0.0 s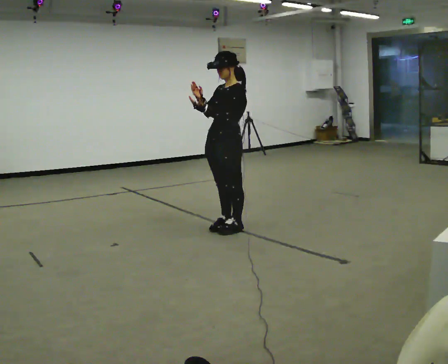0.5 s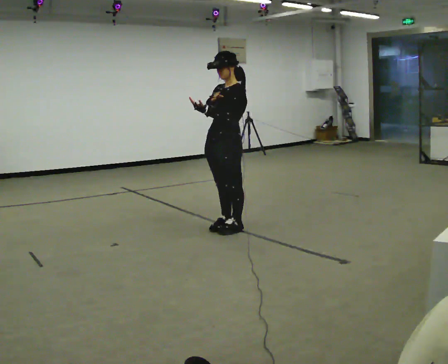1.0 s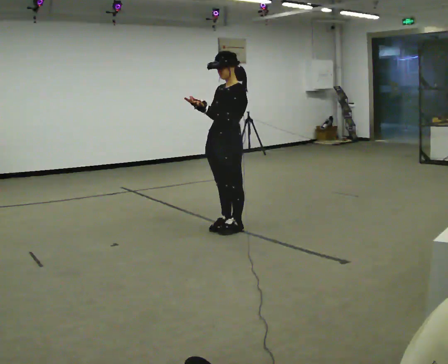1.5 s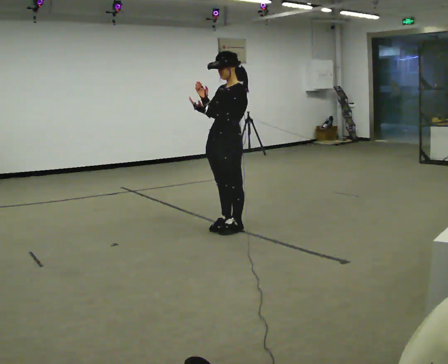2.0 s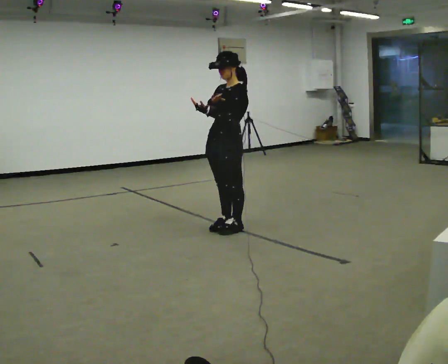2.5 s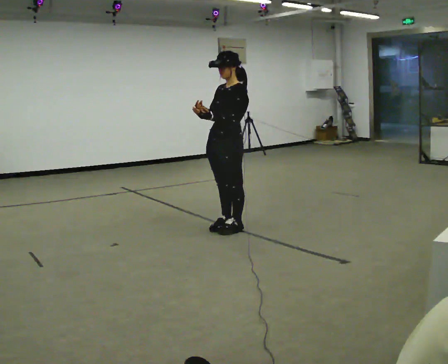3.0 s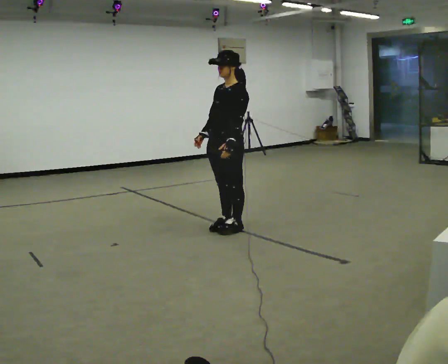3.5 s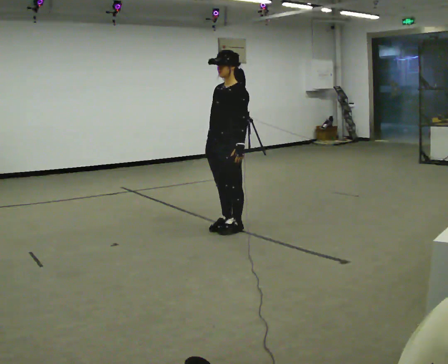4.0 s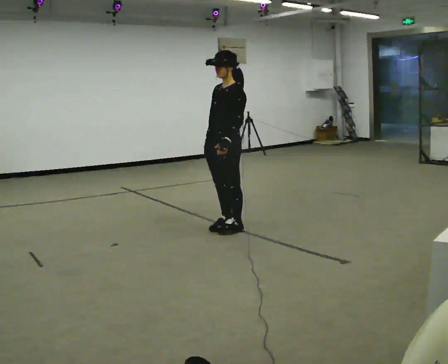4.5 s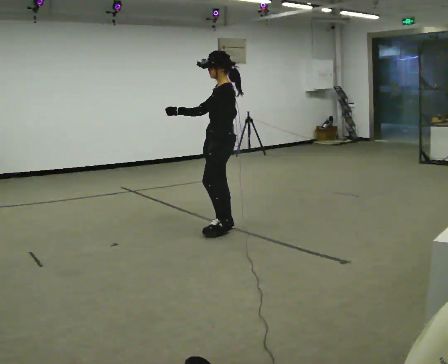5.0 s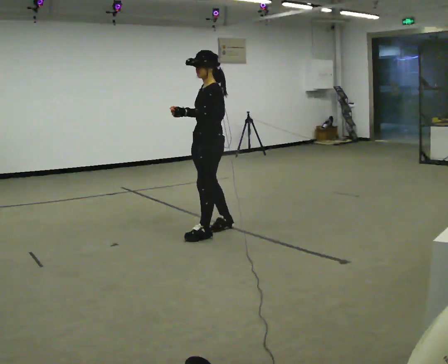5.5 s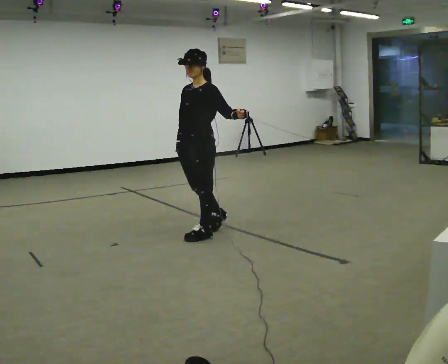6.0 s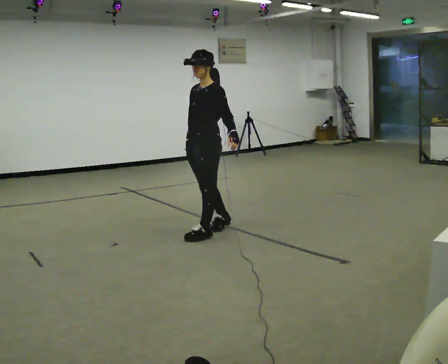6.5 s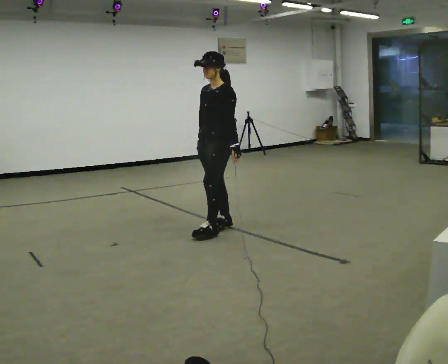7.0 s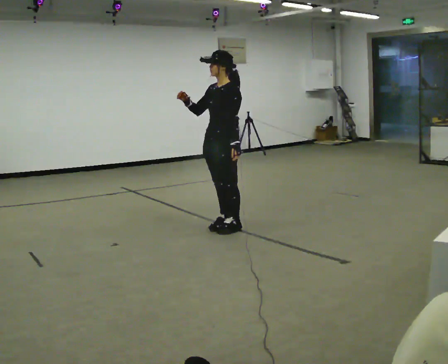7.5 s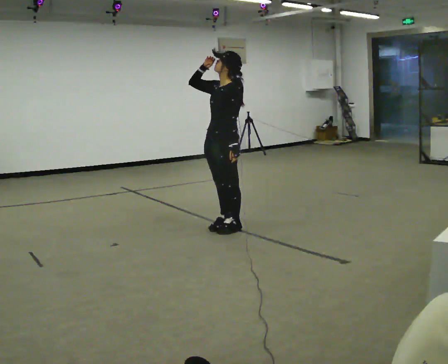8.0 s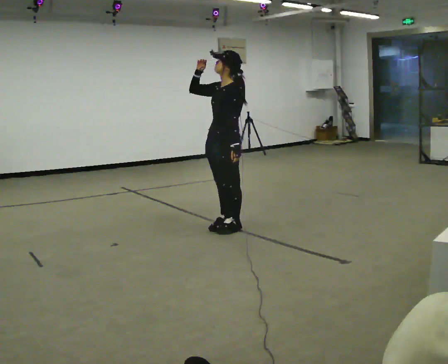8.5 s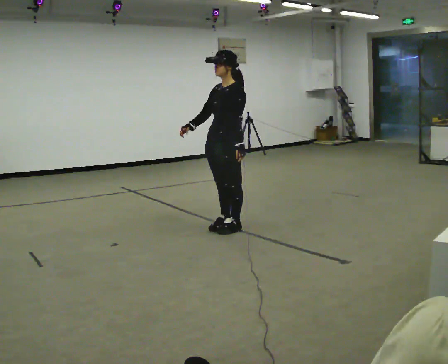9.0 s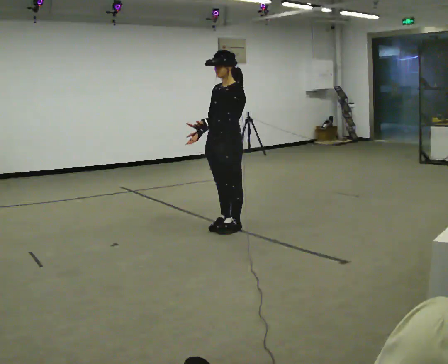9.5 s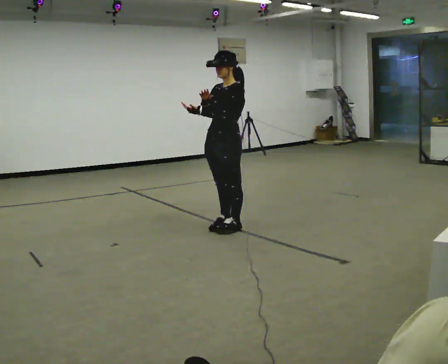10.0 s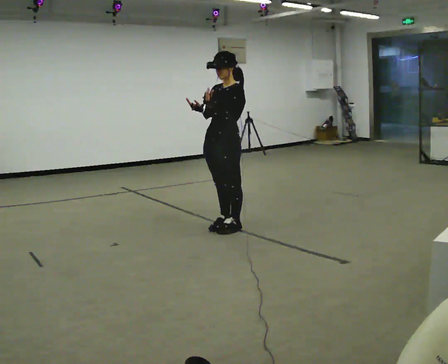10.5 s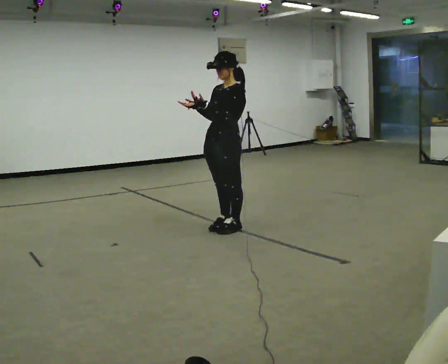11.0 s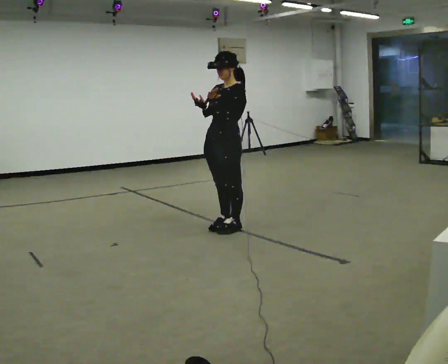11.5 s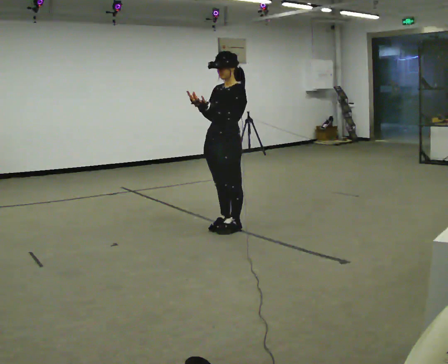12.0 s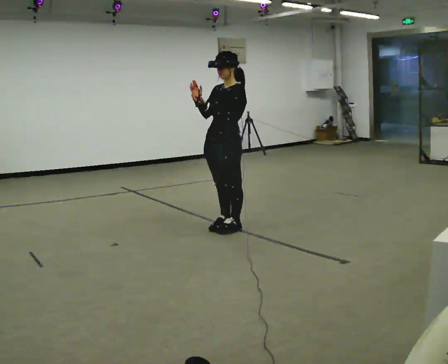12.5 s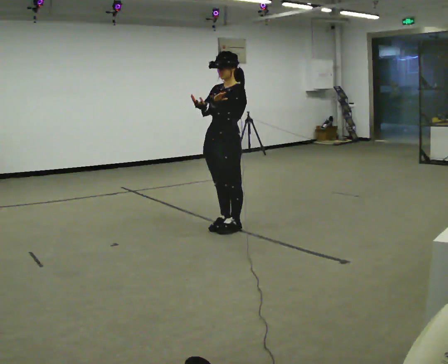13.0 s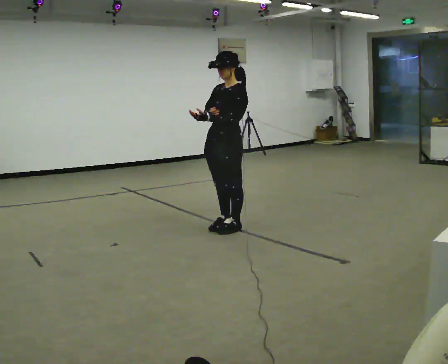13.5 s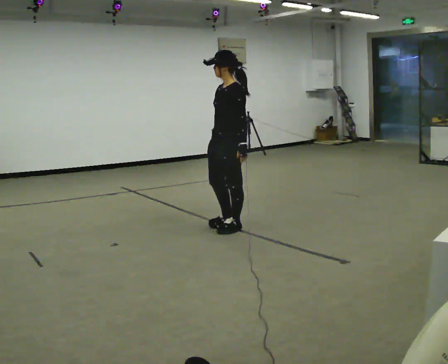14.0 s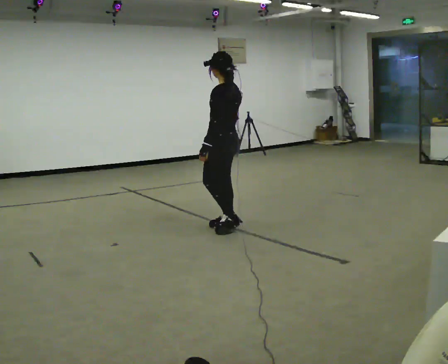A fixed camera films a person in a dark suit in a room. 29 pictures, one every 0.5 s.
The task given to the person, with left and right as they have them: Act out everyday actions without any objects, as in charades: opening a door, drinking, reading, brushing your hair. Repeat the movement at your own pace until the operator says stop; do not rush.
0.0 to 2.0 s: The person moves a little, or ends about where they began.
2.0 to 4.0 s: In the picture their right hand goes downward.
4.0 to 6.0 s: In the picture they go to the left, about 0.25 m in 1 step, which for them is forward.
6.0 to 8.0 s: In the picture they go to the right, about 0.25 m in 1 step, which for them is backward. In the picture their right hand goes upward.
8.0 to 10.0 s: In the picture their left hand goes upward, the arm swinging clockwise.
10.0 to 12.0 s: The person moves a little, or ends about where they began.
12.0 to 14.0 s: The part of the body nearest the lens slides to the left as the person turns to their right by about 75 degrees. In the picture their right hand goes downward.
The film runs forward here.
